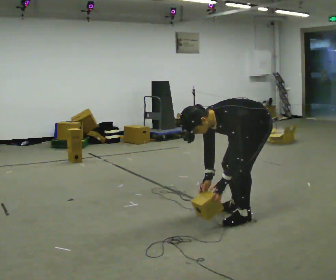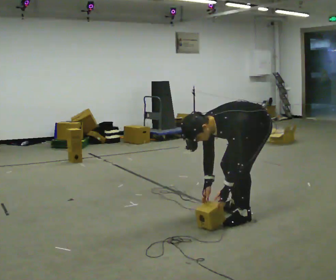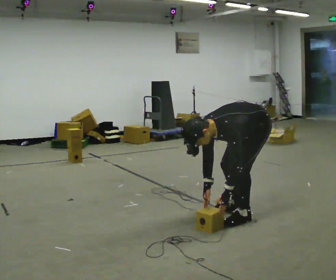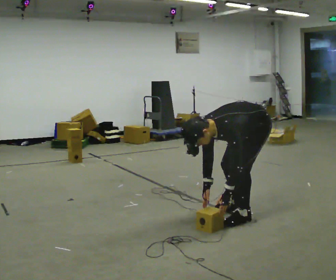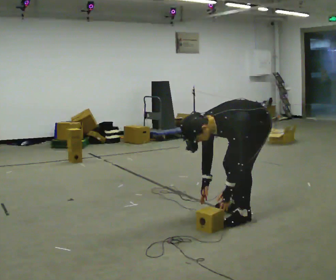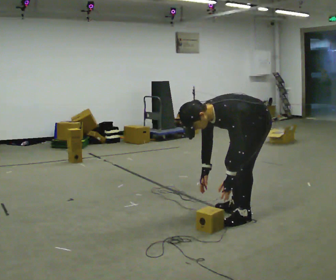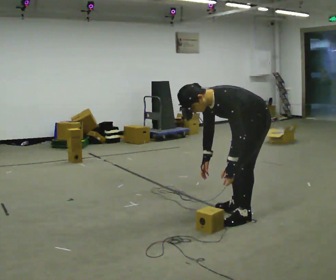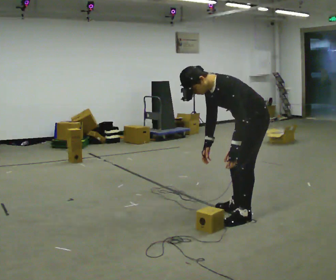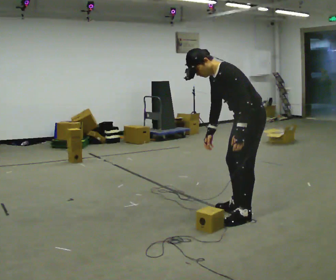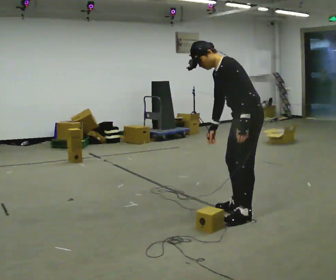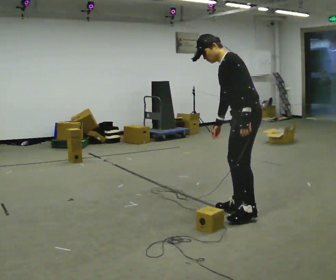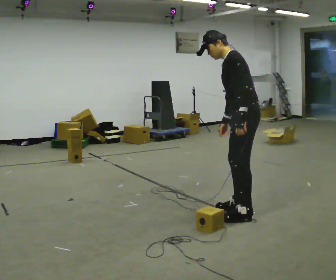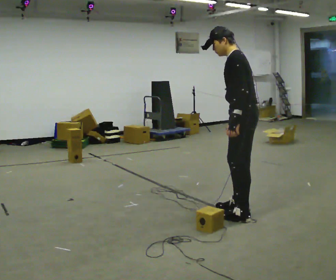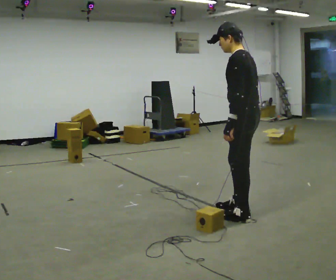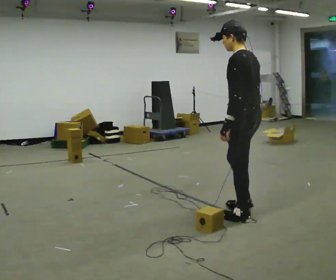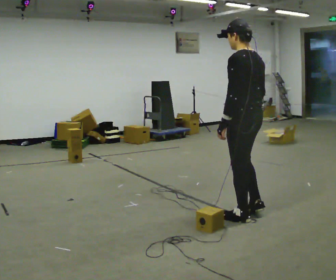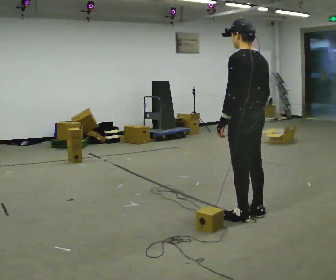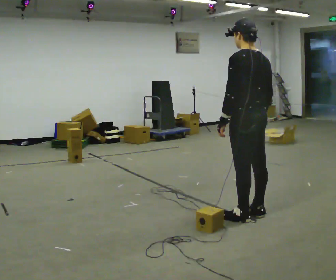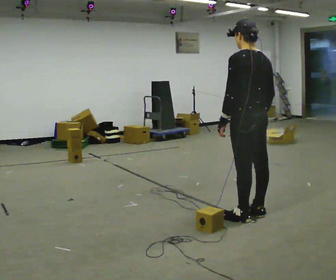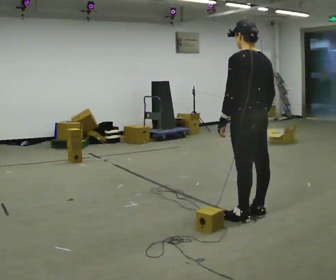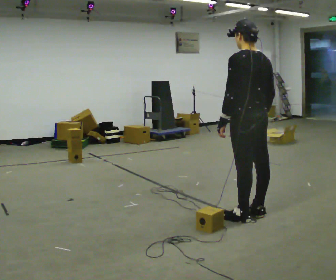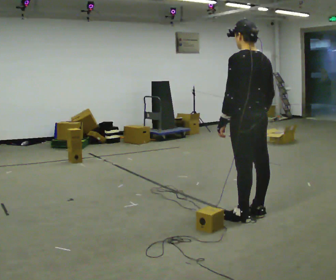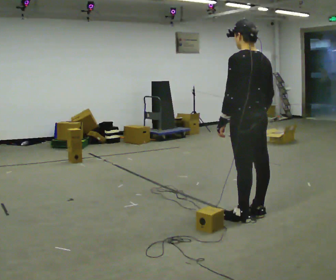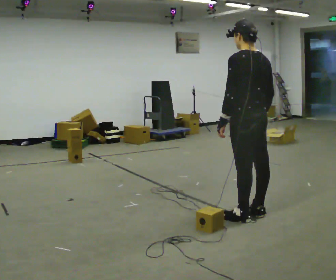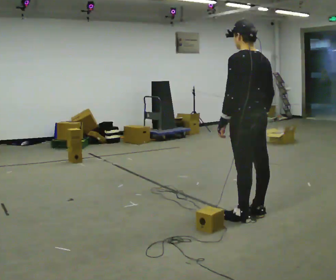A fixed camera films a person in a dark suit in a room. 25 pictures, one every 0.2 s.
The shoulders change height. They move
upward.
The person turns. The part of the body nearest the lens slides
to the left.
0.0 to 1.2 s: The person moves a little, or ends about where they began.
1.2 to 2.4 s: The part of the body nearest the lens slides to the left as the person turns to their right by about 30 degrees. The upper body goes upward. The upper body tips away from the camera, its near side rolling upward, as they lean back or straighten. In the picture their left hand goes upward.
2.4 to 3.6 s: The part of the body nearest the lens slides to the left as the person turns to their right by about 45 degrees.
3.6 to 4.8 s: The person keeps their place and pose.
The film runs backward here.
